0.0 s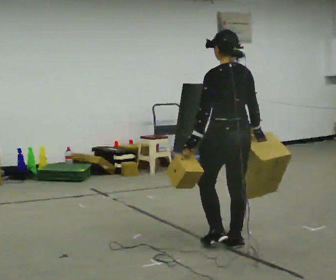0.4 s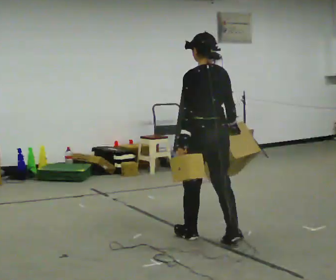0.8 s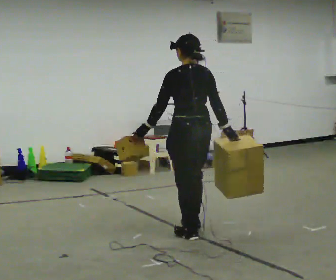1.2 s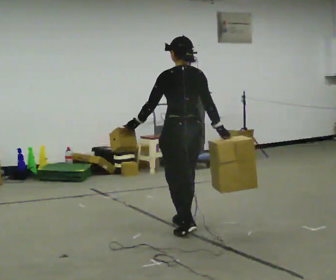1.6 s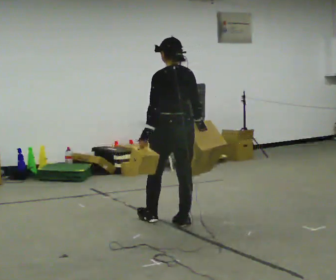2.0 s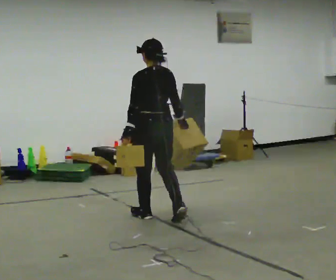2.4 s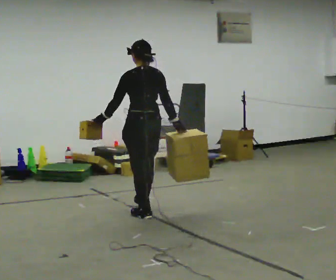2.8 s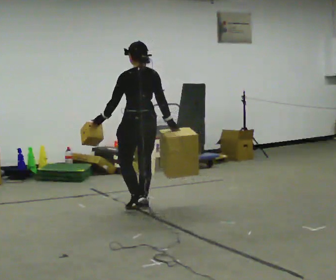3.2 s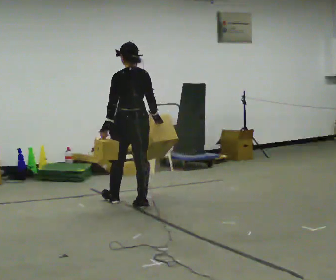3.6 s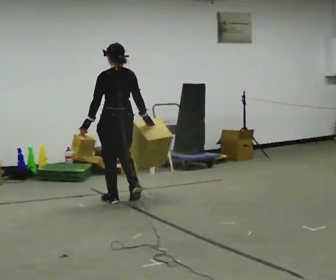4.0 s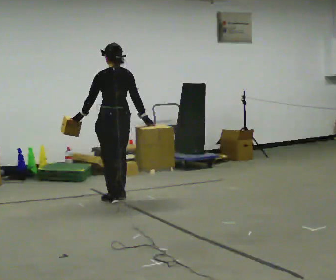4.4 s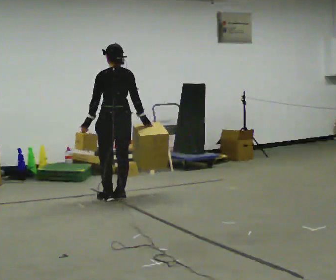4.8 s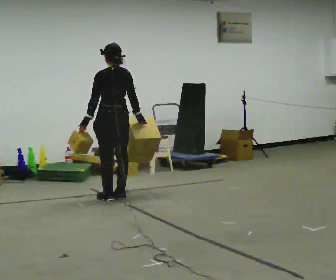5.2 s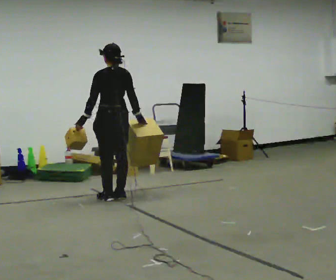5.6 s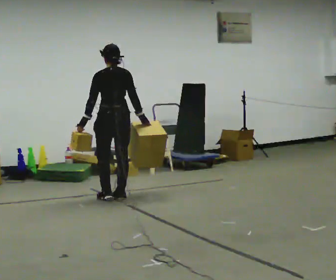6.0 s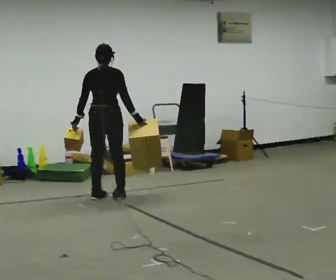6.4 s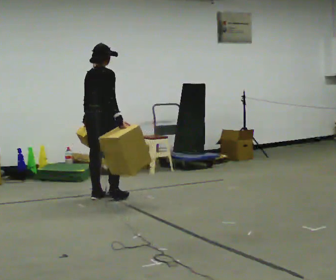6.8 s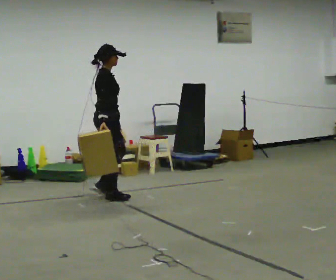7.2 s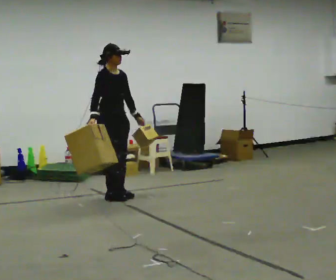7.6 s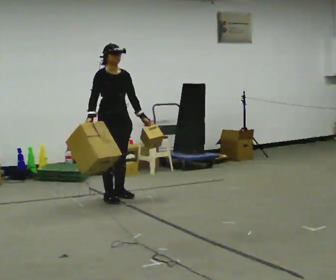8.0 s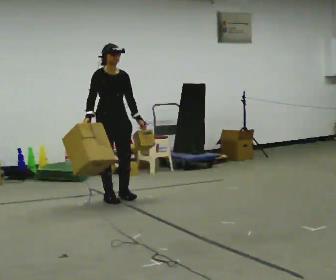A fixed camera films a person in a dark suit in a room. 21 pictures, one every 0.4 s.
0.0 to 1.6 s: In the picture they go away from the camera and to the left, about 1 m in 2 steps, which for them is forward.
1.6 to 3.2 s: In the picture they go away from the camera and to the left, about 1 m in 3 steps, which for them is forward.
3.2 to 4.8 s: In the picture they go away from the camera and to the left, about 0.5 m in 1 step, which for them is forward.
4.8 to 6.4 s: The part of the body nearest the lens slides to the left as the person turns to their right by about 60 degrees.
6.4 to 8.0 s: The person turns about 105 degrees to their right, clockwise seen from above, so the part of the body nearest the lens slides to the left. In the picture their left hand goes to the right, the arm swinging counterclockwise.
The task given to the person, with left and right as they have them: Carry one object in each hand, the heavy one in the hand the operator calls, walking back and forth across the room.
The film runs forward here.
